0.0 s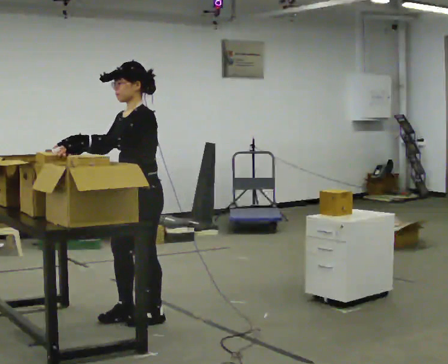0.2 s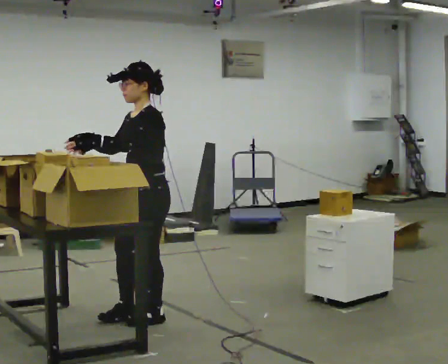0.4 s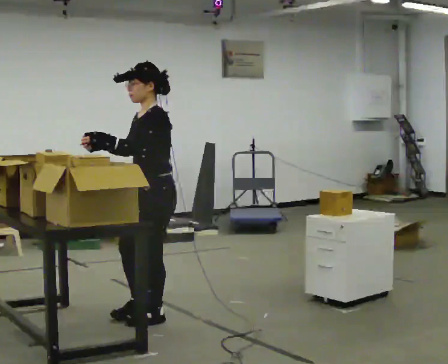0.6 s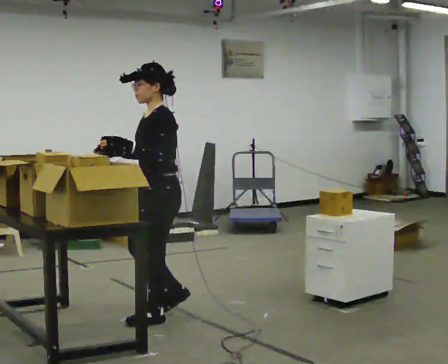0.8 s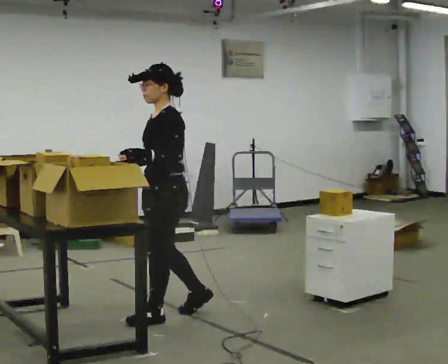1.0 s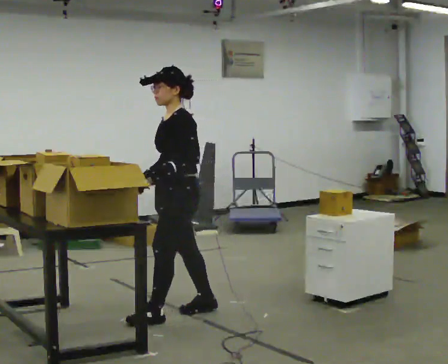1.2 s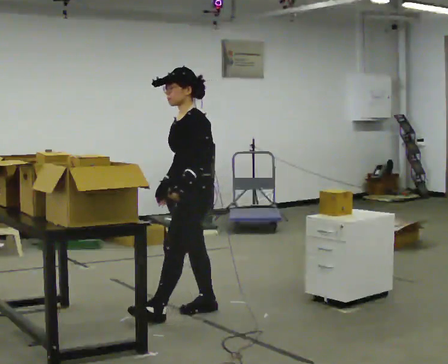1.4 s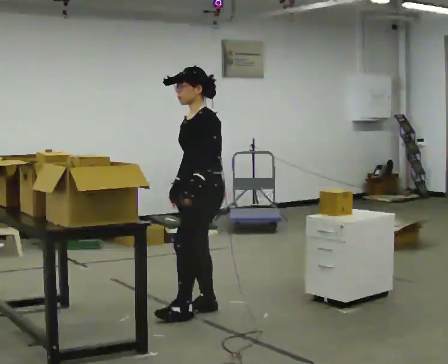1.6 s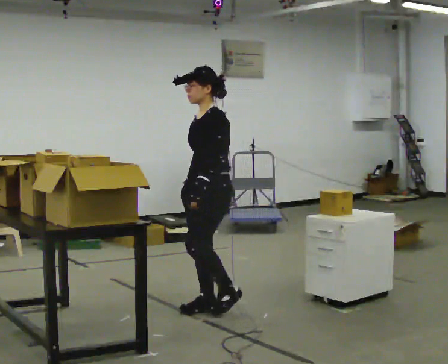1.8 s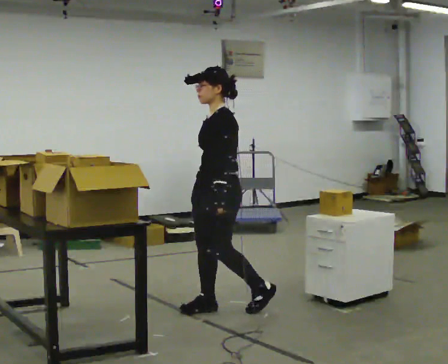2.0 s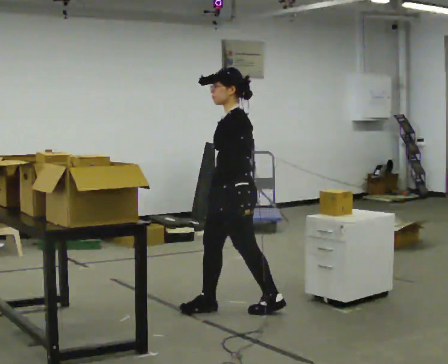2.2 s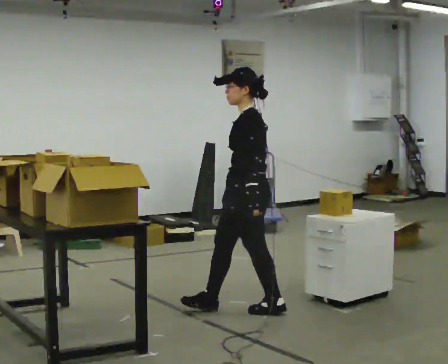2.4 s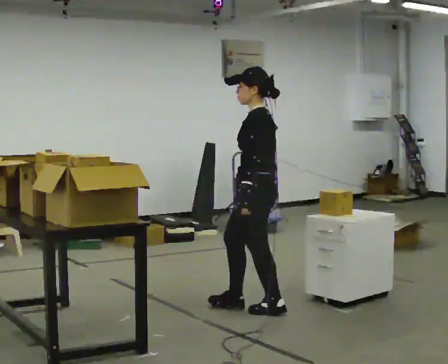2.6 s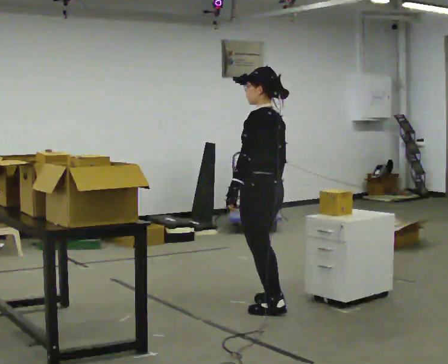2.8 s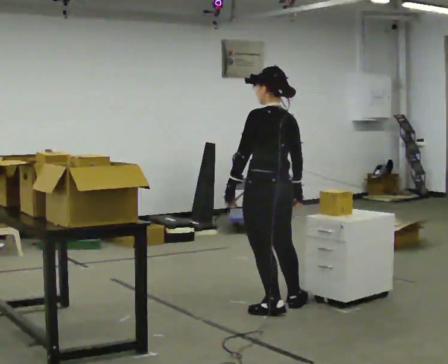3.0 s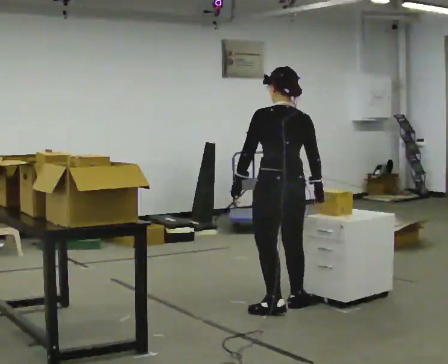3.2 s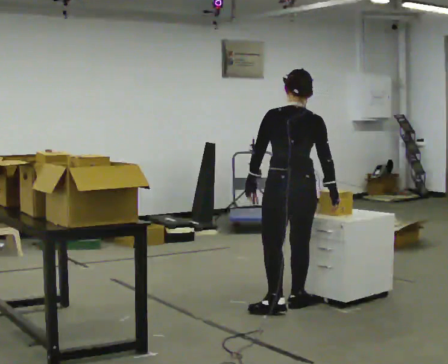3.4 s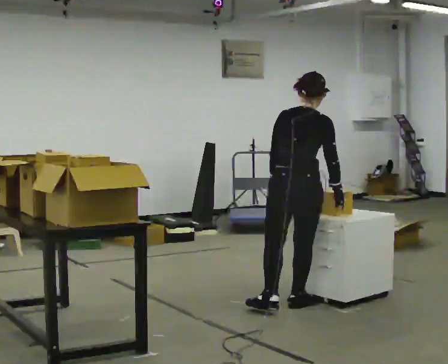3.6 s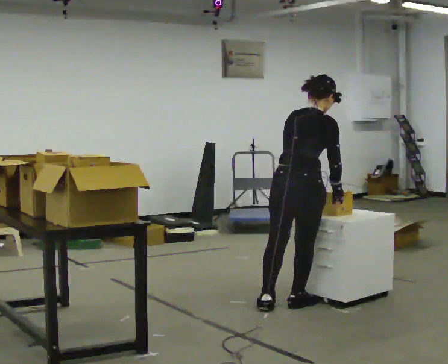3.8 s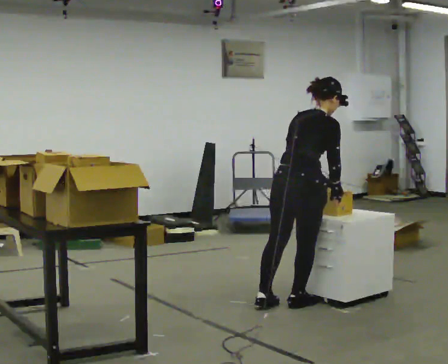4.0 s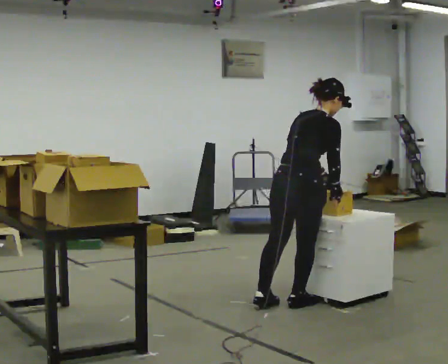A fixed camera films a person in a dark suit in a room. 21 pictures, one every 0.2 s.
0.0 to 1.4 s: In the picture they go to the right and away from the camera, about 0.5 m in 2 steps, which for them is backward.
1.4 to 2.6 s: The person turns about 45 degrees to their right, clockwise seen from above, so the part of the body nearest the lens slides to the left. In the picture they go to the right, about 0.5 m in 1 step, which for them is backward.
2.6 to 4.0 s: Seen from above the body turns clockwise, about 105 degrees: to their right, with its near side sliding to the left. In the picture they go to the right, about 0.25 m in 1 step. In the picture the upper body tilts clockwise, shoulders to the right, as they bend forward.
The film runs backward here.
